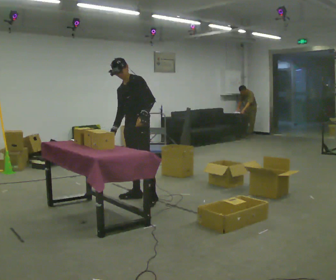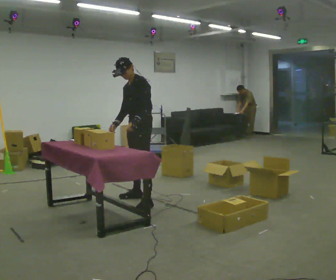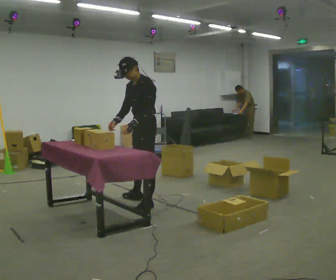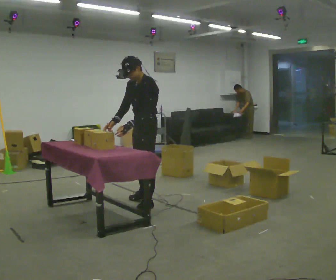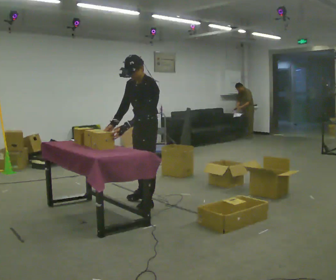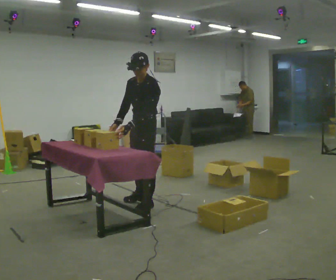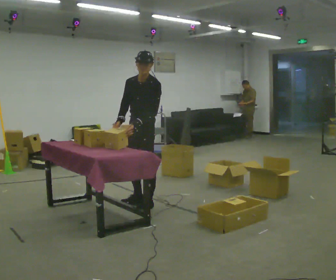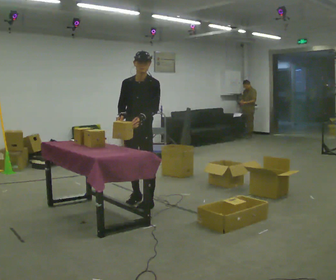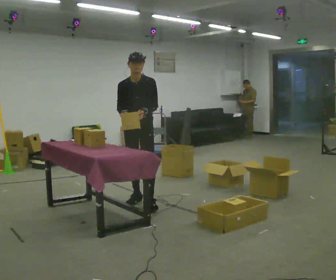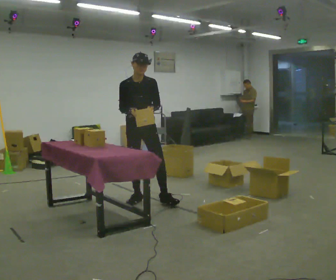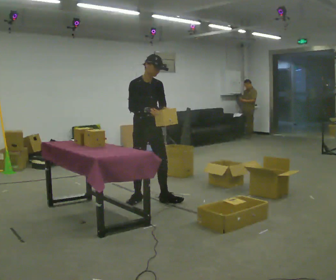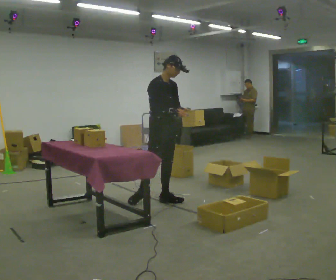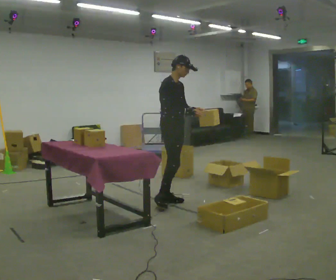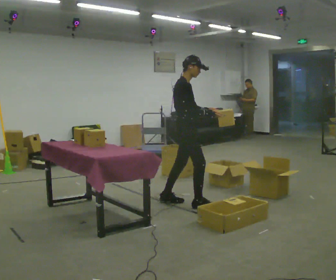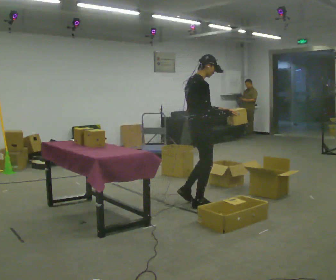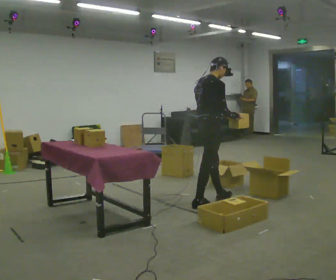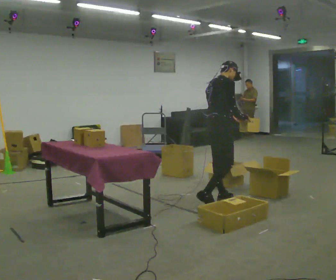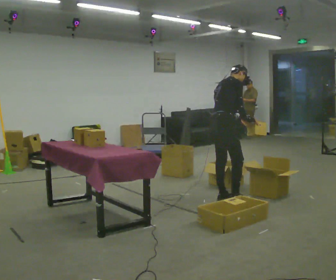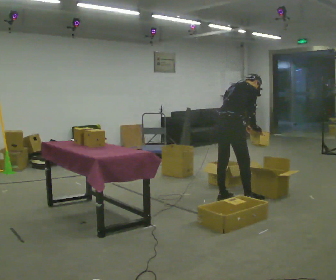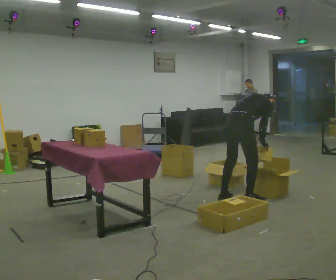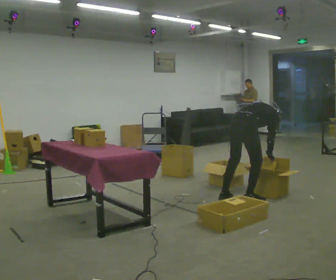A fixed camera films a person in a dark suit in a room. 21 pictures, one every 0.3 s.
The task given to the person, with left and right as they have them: 1. Read the parts list. 2. Collect each part from the bins around the room. 3. Lay them out on the table in the order on the list. 4. Put them all in the carry case. 5. Tell the operator when you are finished.
0.0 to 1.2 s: In the picture they go toward the camera, about 0.25 m in 2 steps, which for them is to their left. The upper body tips toward the camera, its near side rolling downward, as they bend forward.
1.2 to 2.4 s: Seen from above the body turns counterclockwise, about 60 degrees: to their left, with its near side sliding to the right. In the picture they go away from the camera, about 0.25 m, which for them is to their right. The upper body tips away from the camera, its near side rolling upward, as they lean back or straighten.
2.4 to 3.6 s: The part of the body nearest the lens slides to the right as the person turns to their left by about 60 degrees. In the picture they go to the right, about 0.5 m in 1 step.
3.6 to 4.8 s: Seen from above the body turns counterclockwise, about 45 degrees: to their left, with its near side sliding to the right. In the picture they go to the right, about 0.5 m in 2 steps, which for them is forward and to their right.
4.8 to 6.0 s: In the picture they go to the right, about 0.25 m in 1 step, which for them is to their right and forward. The shoulders move downward. In the picture the upper body tilts clockwise, shoulders to the right, as they bend forward. In the picture their left hand goes downward.
The film runs forward here.
